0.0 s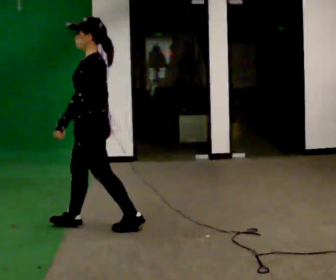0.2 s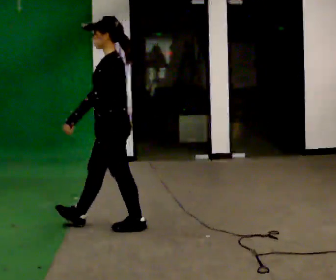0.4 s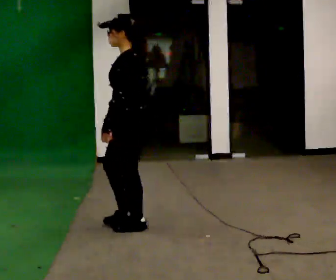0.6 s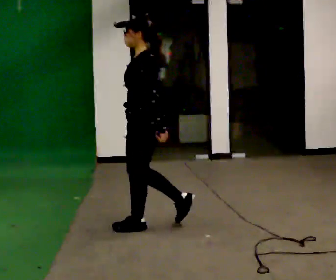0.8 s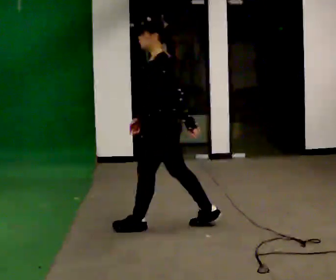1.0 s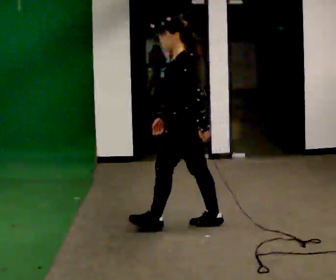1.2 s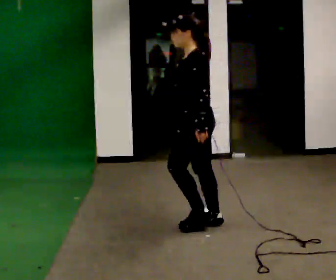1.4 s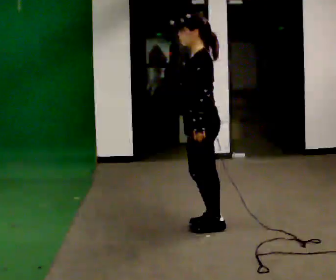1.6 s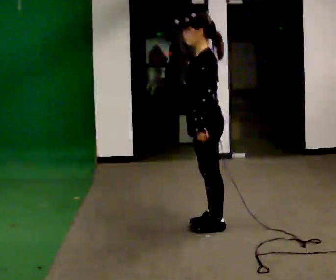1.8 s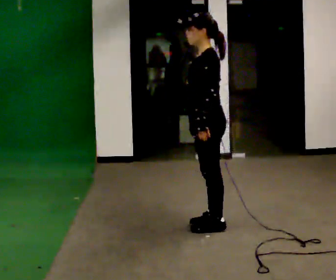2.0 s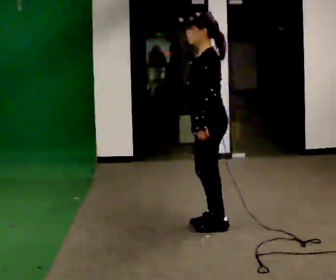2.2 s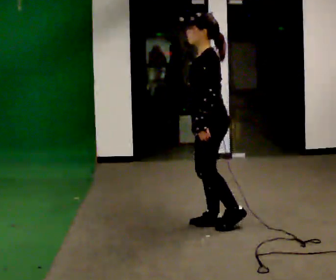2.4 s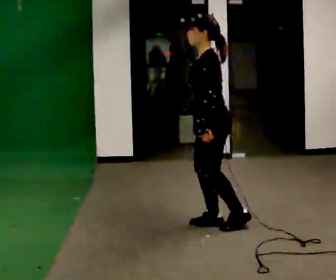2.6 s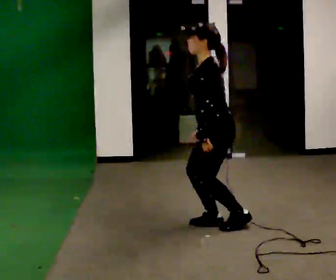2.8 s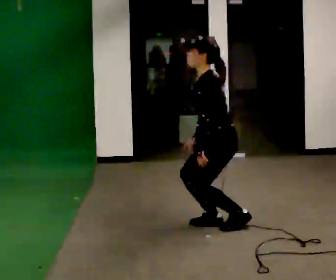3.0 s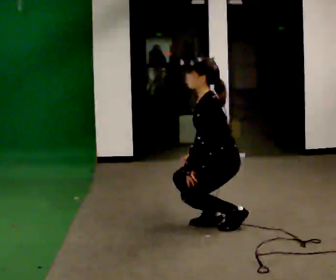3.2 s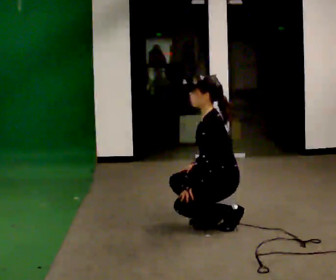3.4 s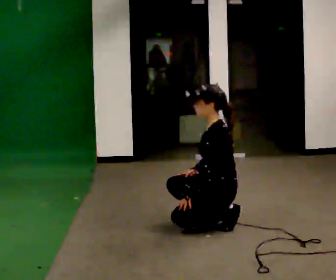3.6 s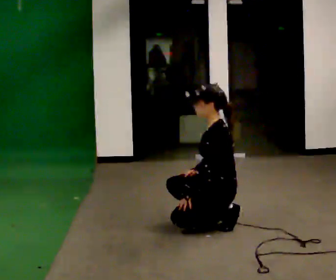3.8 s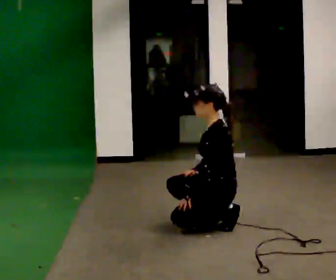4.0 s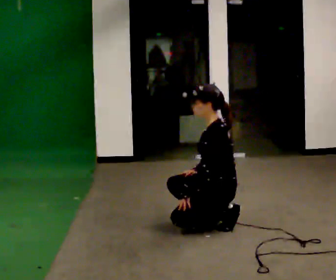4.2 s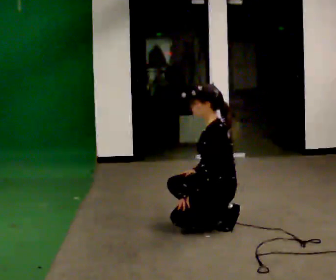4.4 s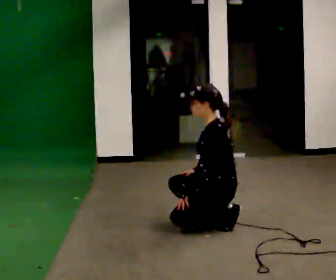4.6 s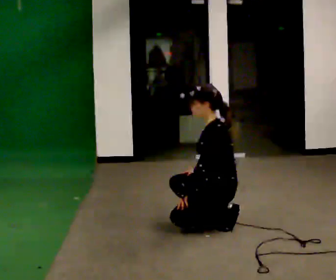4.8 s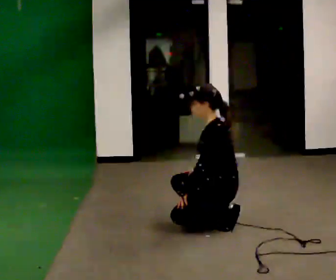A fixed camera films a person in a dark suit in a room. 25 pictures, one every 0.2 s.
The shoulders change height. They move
downward.
The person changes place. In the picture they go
to the right.
0.0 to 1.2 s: In the picture they go to the right, about 1 m in 2 steps, which for them is backward.
1.2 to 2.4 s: The person moves a little, or ends about where they began.
2.4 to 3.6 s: The shoulders move downward. In the picture their left hand goes downward.
3.6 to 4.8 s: The person moves a little, or ends about where they began.
The film runs backward here.
